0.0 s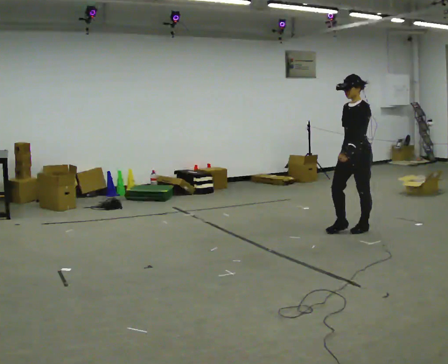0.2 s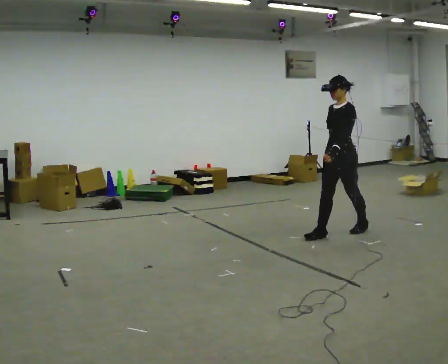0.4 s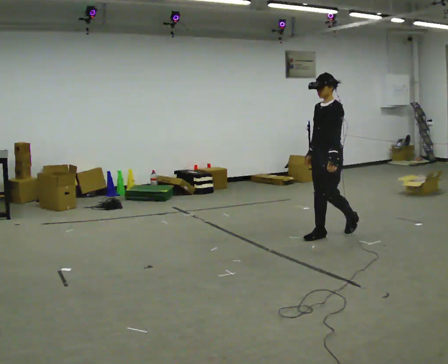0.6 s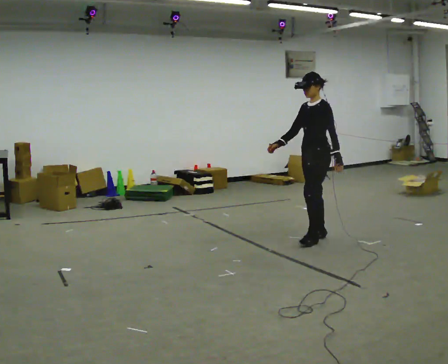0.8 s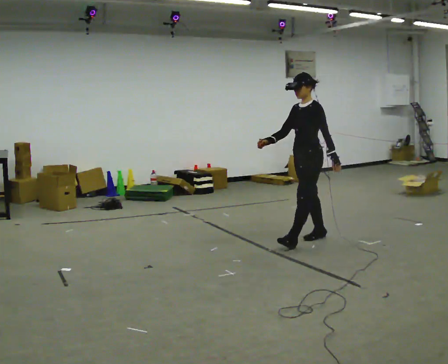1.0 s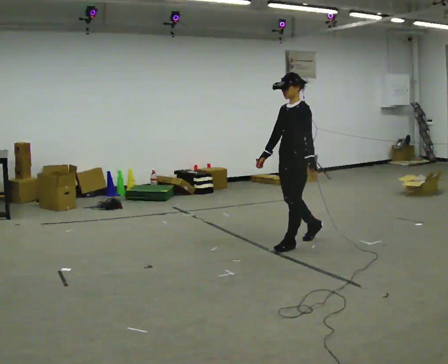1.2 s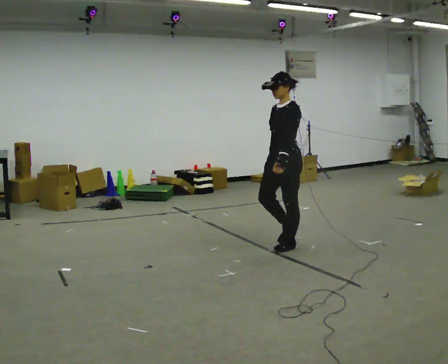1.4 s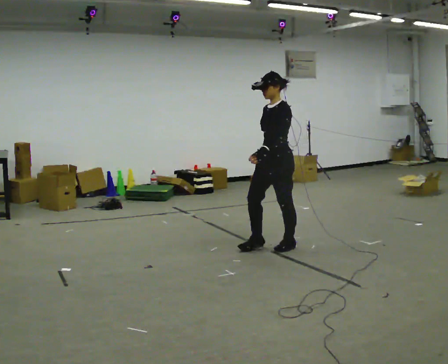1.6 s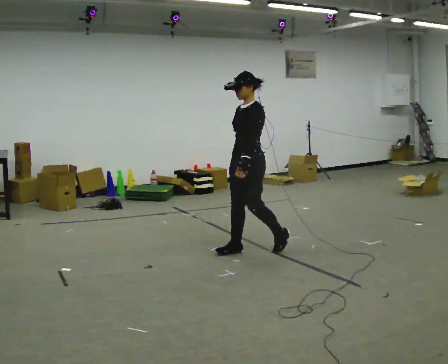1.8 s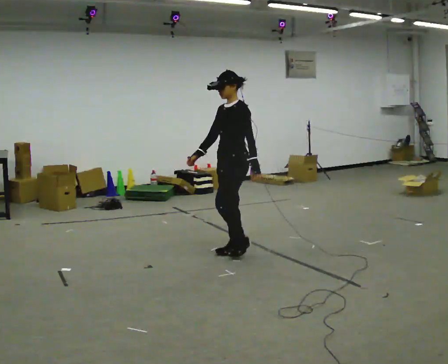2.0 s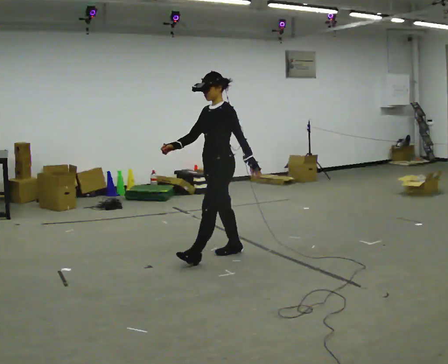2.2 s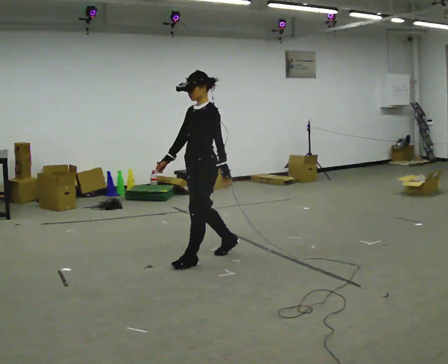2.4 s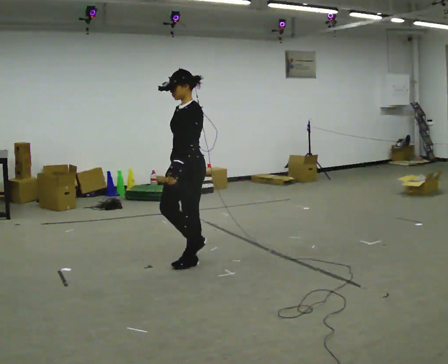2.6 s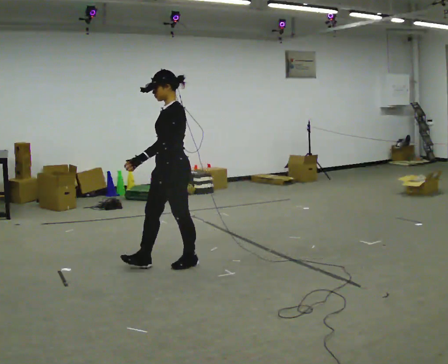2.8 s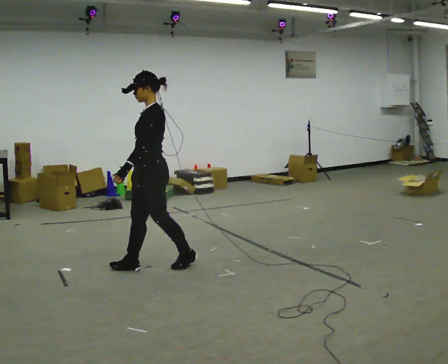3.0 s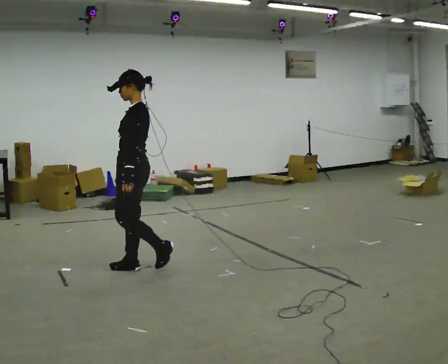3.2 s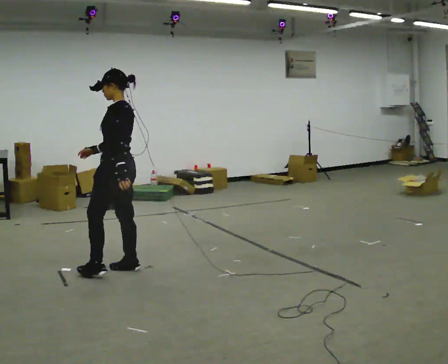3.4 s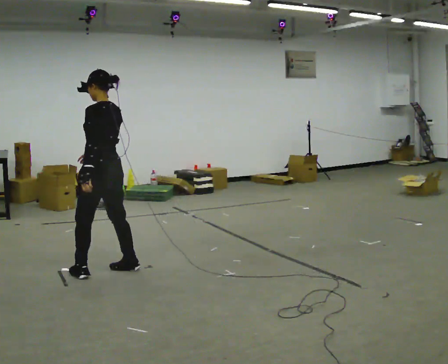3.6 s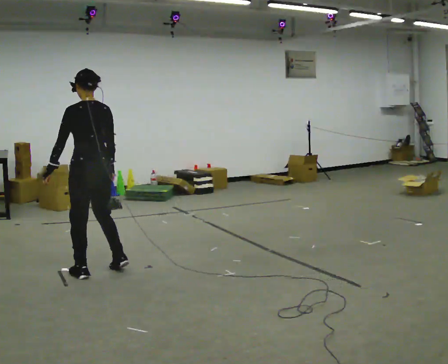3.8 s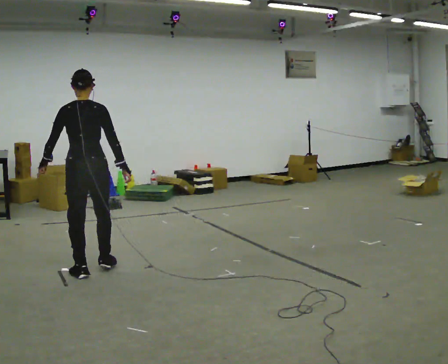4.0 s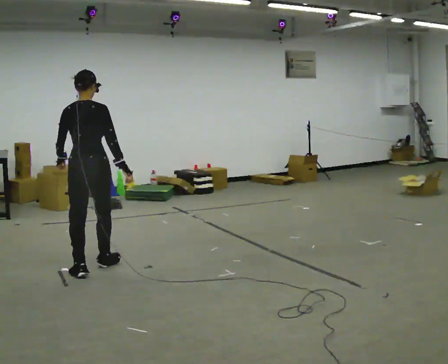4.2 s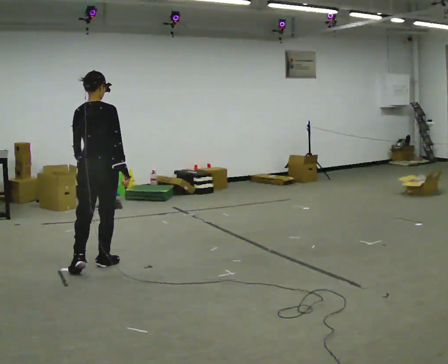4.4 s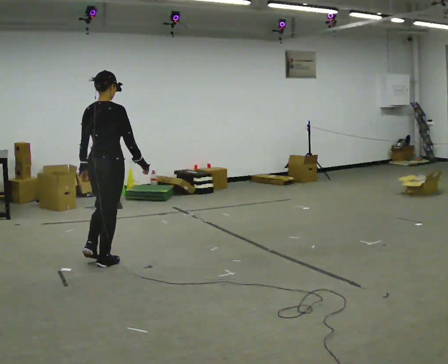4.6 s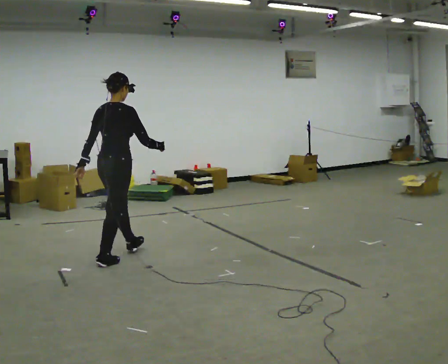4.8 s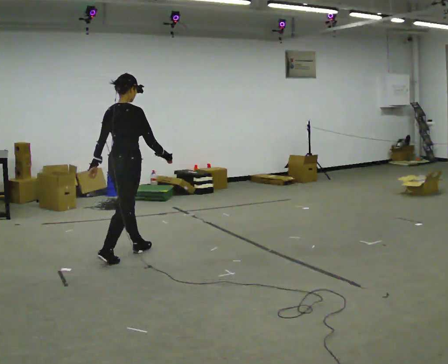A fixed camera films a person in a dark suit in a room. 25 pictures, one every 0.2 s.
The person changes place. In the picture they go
to the left.
The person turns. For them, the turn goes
to their right.
0.0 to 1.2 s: In the picture they go to the left and toward the camera, about 1 m in 2 steps, which for them is forward.
1.2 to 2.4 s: In the picture they go to the left and toward the camera, about 1 m in 2 steps, which for them is forward.
2.4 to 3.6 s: The person turns about 75 degrees to their right, clockwise seen from above, so the part of the body nearest the lens slides to the left. In the picture they go to the left, about 1 m in 2 steps.
3.6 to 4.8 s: The person turns about 75 degrees to their right, clockwise seen from above, so the part of the body nearest the lens slides to the left. In the picture they go away from the camera, about 0.5 m in 2 steps.
The film runs forward here.
